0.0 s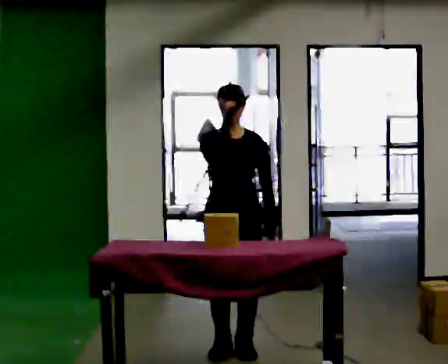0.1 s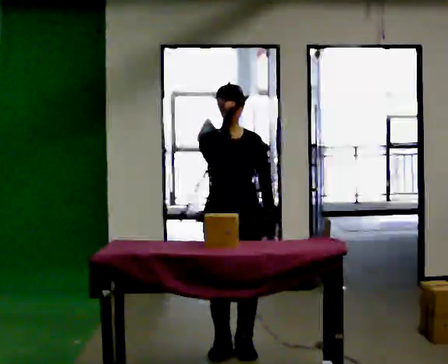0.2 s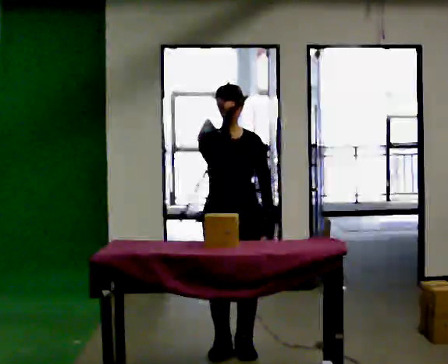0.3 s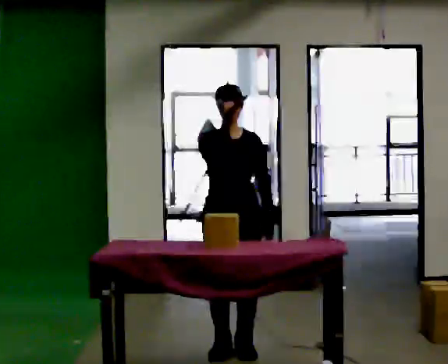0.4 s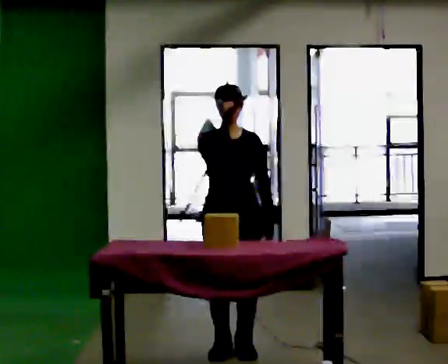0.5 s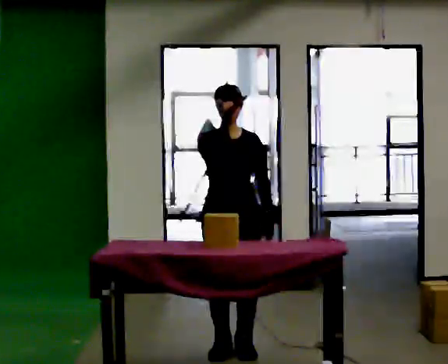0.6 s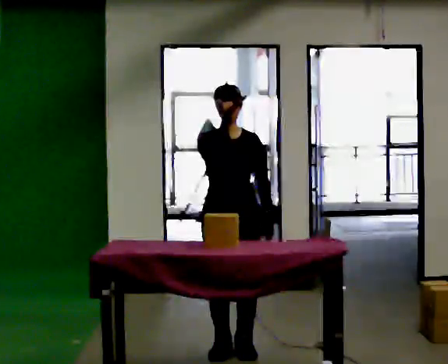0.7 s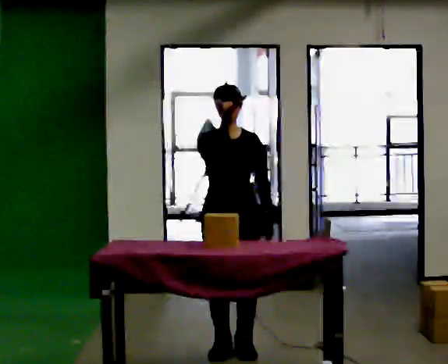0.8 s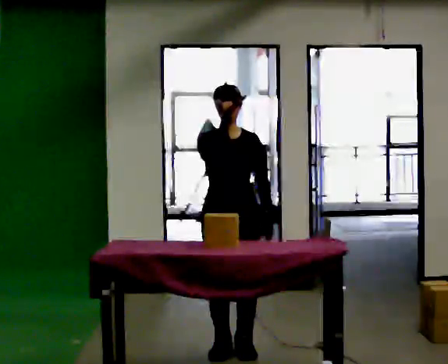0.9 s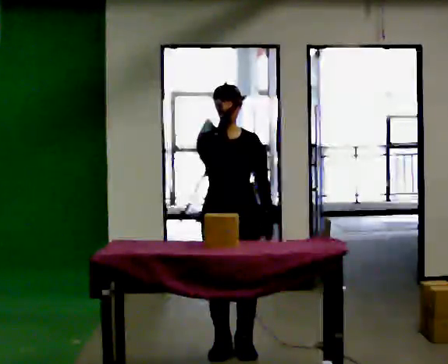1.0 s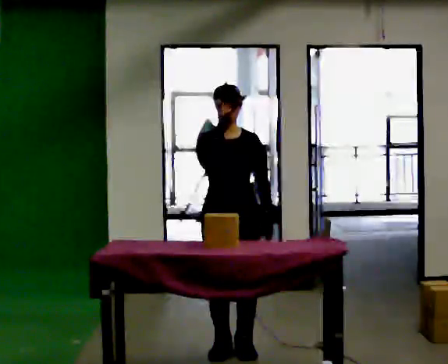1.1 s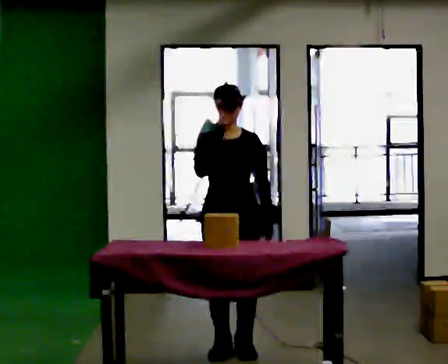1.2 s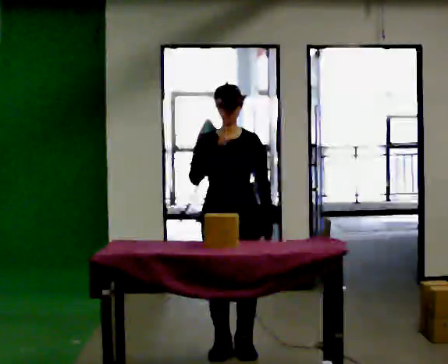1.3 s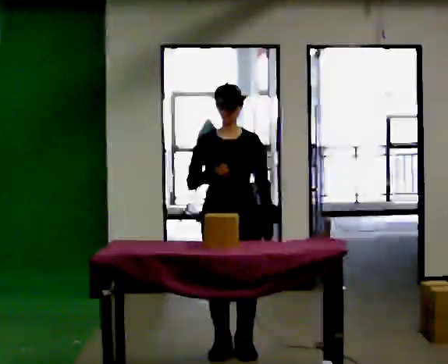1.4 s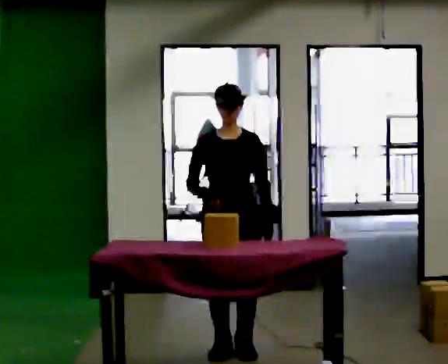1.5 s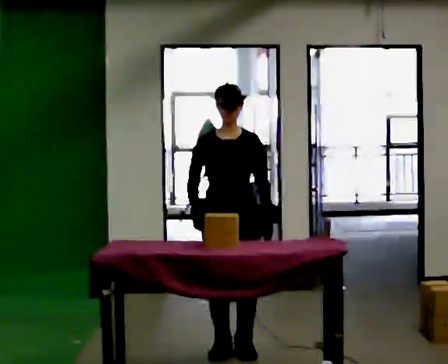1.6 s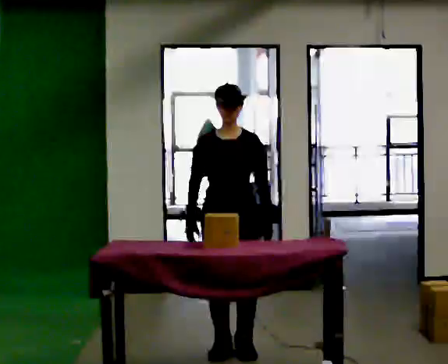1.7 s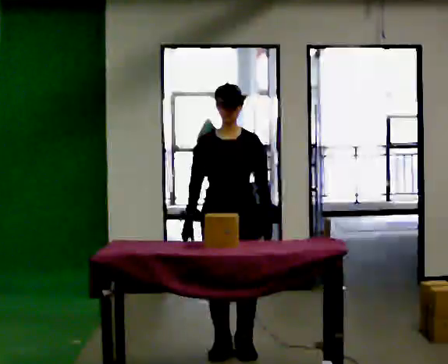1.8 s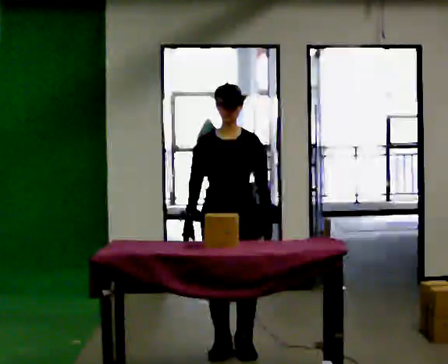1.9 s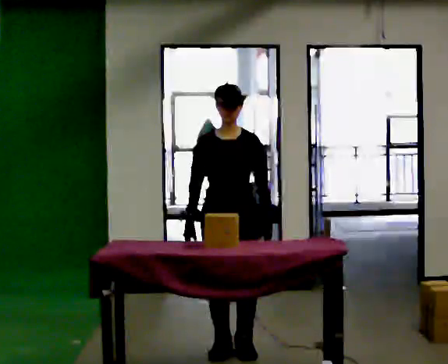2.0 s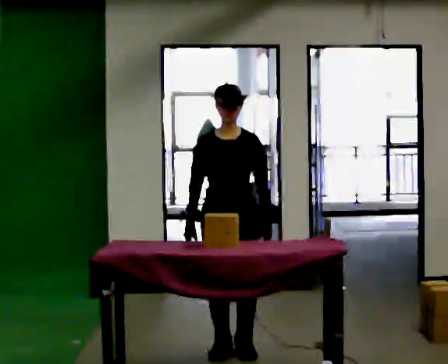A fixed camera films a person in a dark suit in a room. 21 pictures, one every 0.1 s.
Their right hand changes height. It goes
downward.
0.0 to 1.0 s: The person moves a little, or ends about where they began.
1.0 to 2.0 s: In the picture their right hand goes downward.
The film runs forward here.
